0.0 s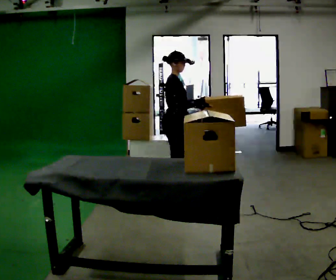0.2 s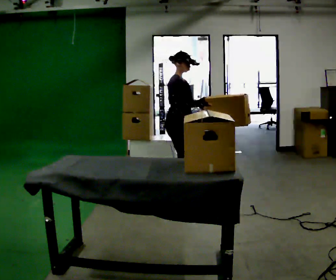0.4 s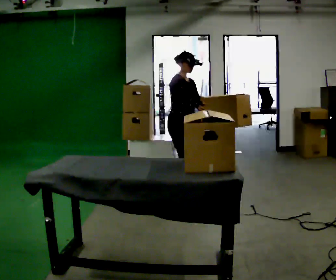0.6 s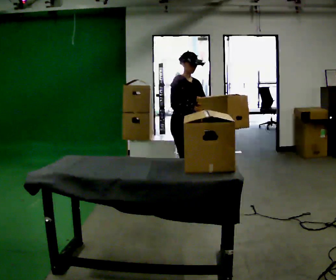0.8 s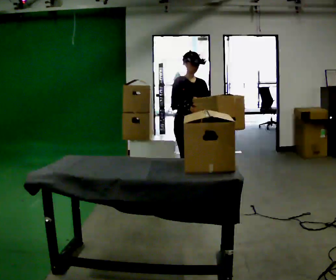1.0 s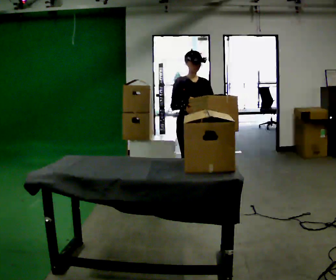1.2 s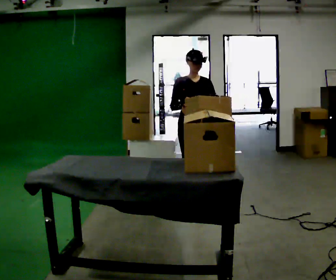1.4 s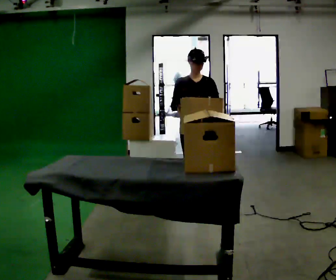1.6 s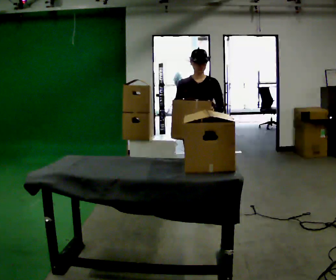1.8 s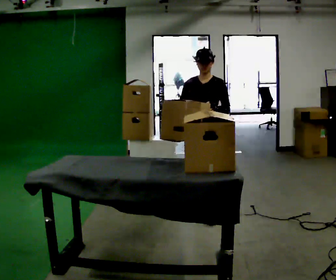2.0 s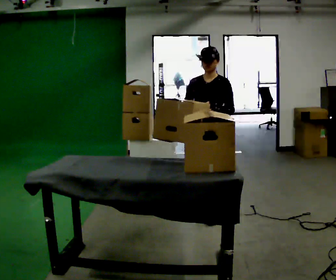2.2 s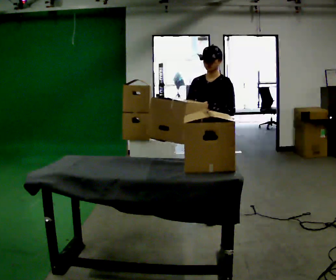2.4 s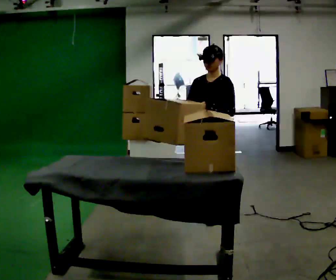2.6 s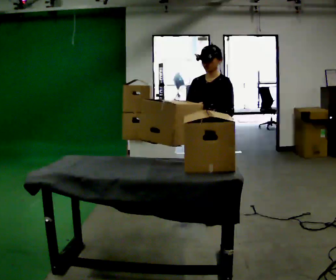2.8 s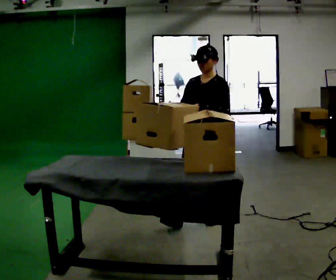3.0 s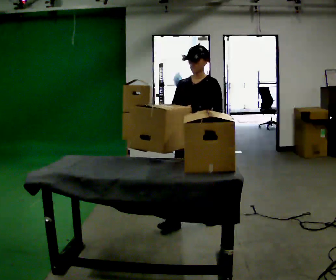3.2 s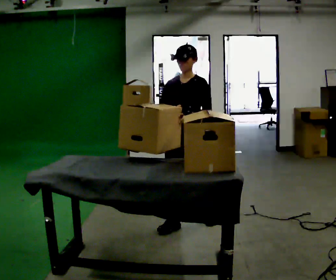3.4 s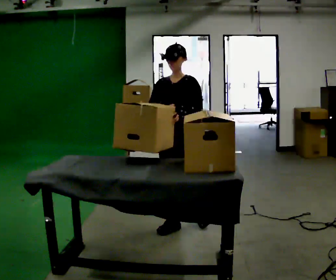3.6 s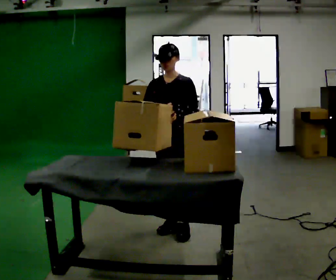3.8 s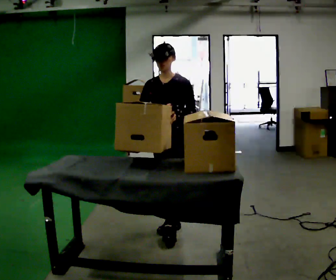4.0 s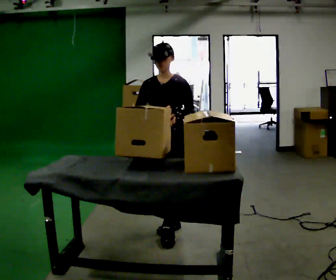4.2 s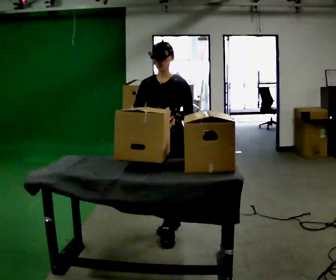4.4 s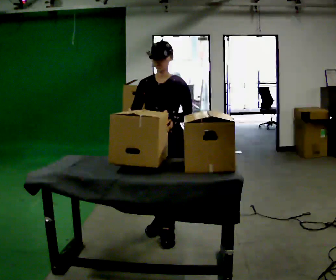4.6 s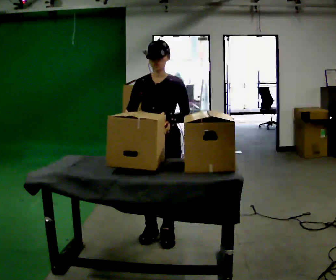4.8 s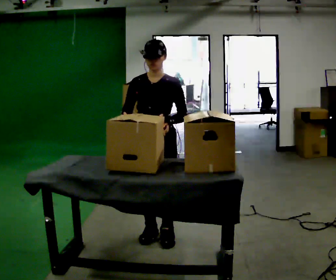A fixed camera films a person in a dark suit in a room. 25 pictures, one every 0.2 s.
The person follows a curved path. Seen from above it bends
clockwise.
The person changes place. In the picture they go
toward the camera.
0.0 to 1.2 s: Seen from above the body turns clockwise, about 60 degrees: to their right, with its near side sliding to the left. In the picture they go toward the camera and to the right, about 0.25 m in 1 step.
1.2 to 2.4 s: The person turns about 45 degrees to their right, clockwise seen from above, so the part of the body nearest the lens slides to the left. In the picture they go toward the camera and to the right, about 0.5 m in 1 step, which for them is forward and to their left.
2.4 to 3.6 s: In the picture they go to the left and toward the camera, about 0.5 m in 1 step, which for them is forward and to their right.
3.6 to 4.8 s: In the picture they go toward the camera, about 0.25 m in 2 steps, which for them is forward.
The film runs forward here.
